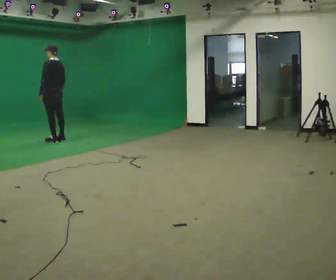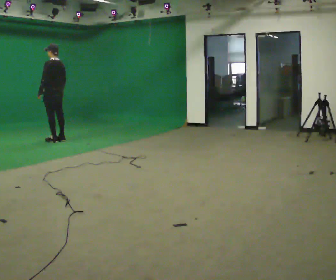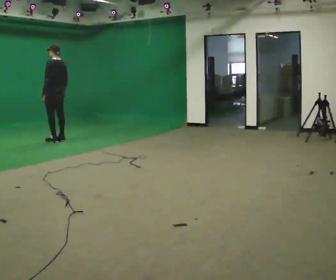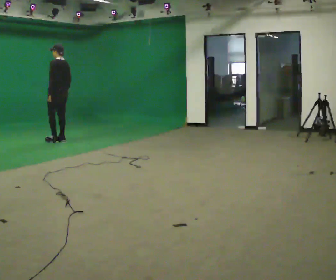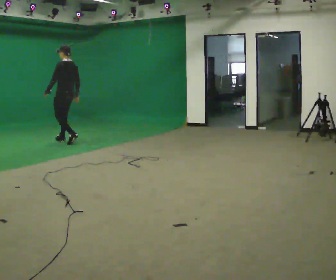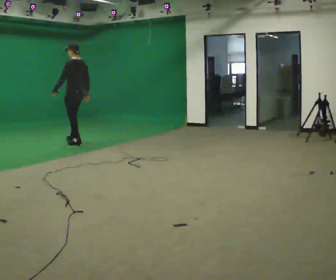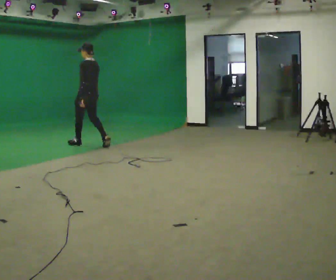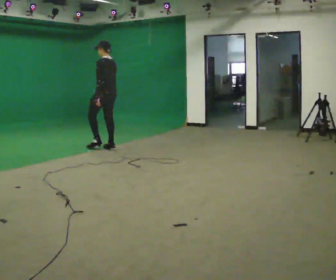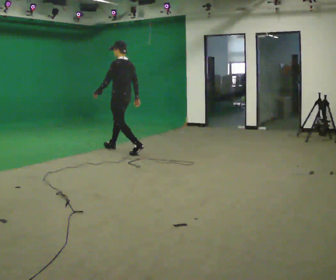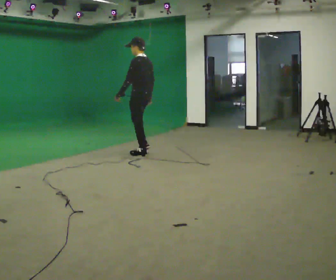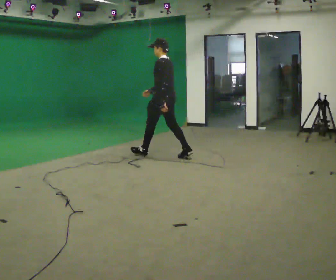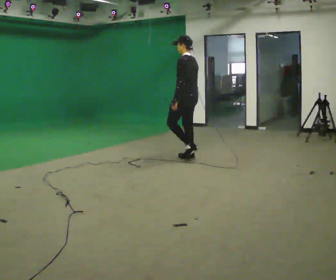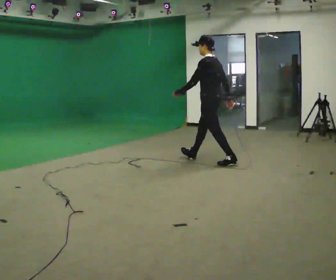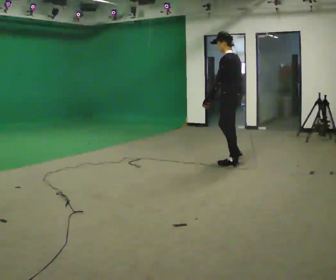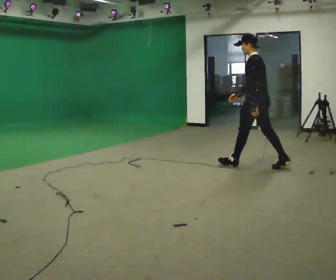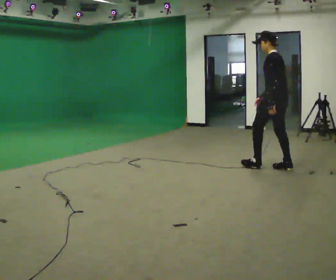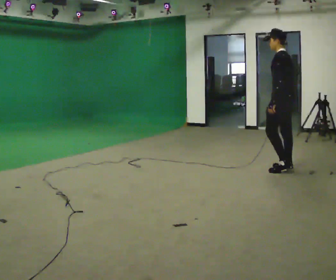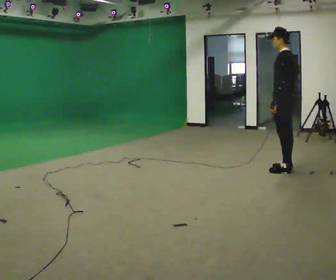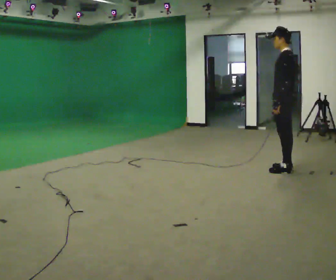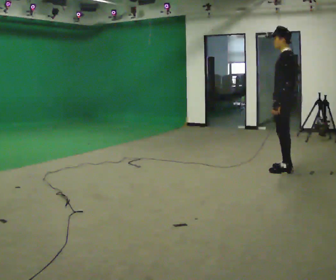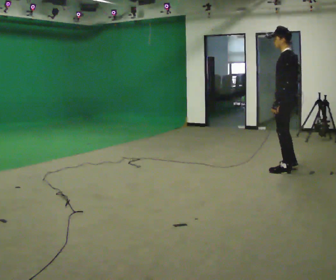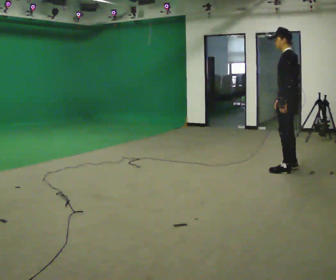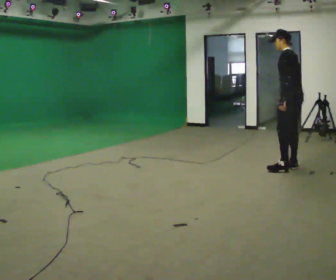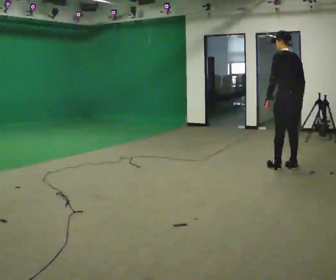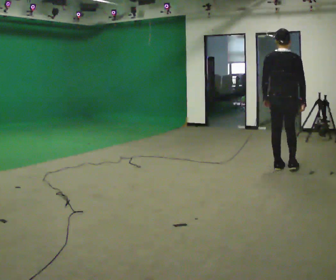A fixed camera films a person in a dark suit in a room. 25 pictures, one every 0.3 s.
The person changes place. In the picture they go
to the right.
0.0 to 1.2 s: In the picture they go to the right, about 0.25 m in 1 step, which for them is backward.
1.2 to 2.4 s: In the picture they go to the right and toward the camera, about 1 m in 2 steps, which for them is backward.
2.4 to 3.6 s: In the picture they go to the right and toward the camera, about 1.5 m in 2 steps, which for them is backward.
3.6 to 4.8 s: In the picture they go to the right and toward the camera, about 1 m in 2 steps, which for them is backward.
4.8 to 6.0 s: The person moves a little, or ends about where they began.
6.0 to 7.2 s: The person turns about 60 degrees to their right, clockwise seen from above, so the part of the body nearest the lens slides to the left.
The film runs backward here.
